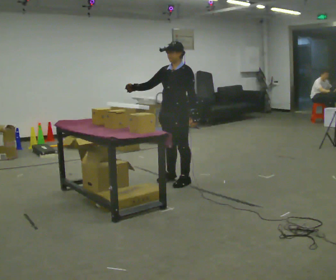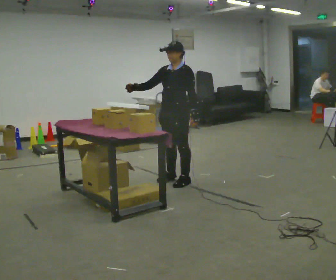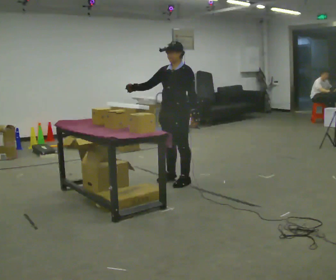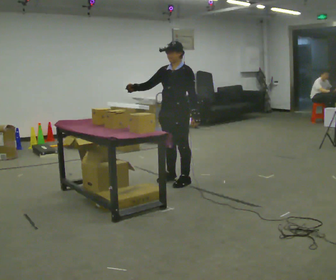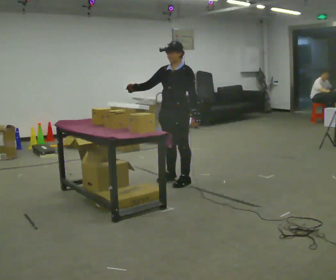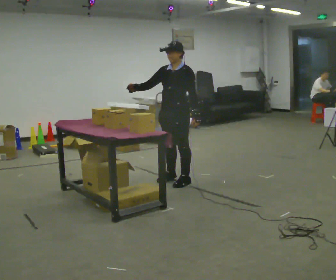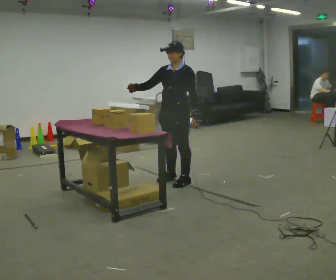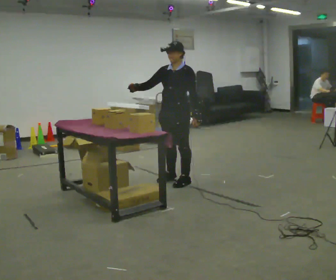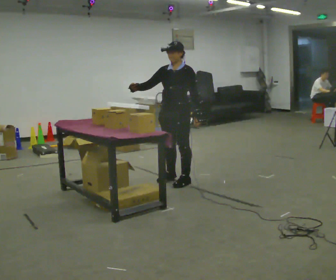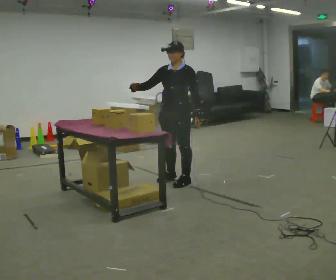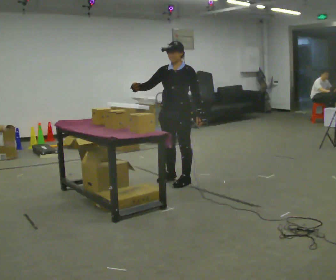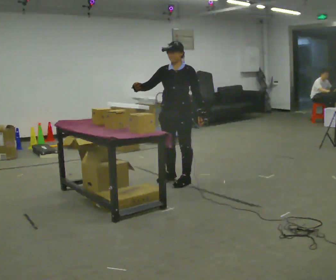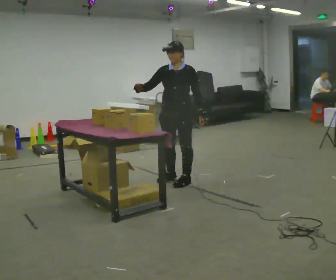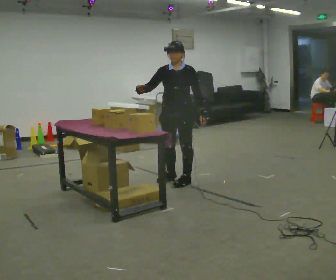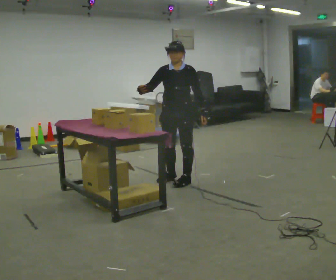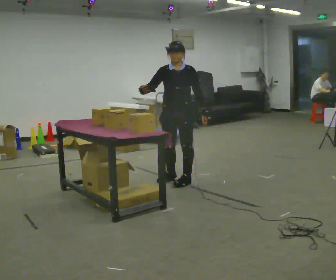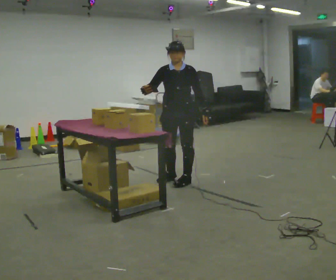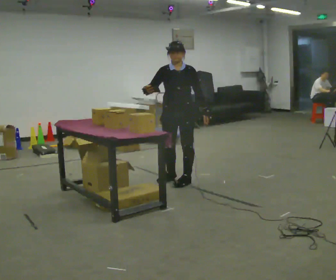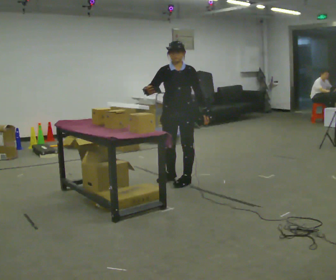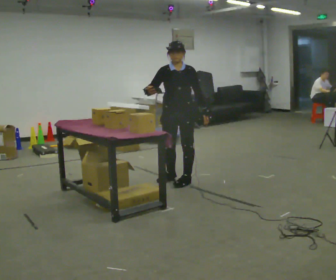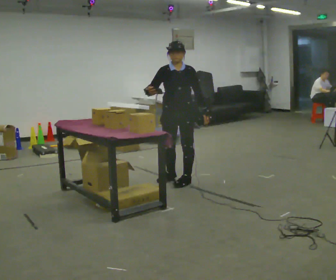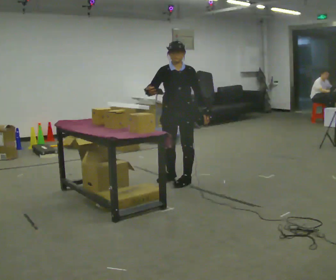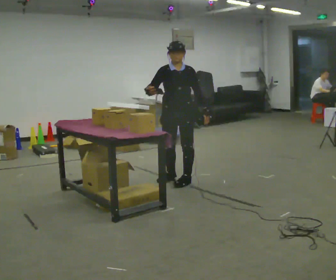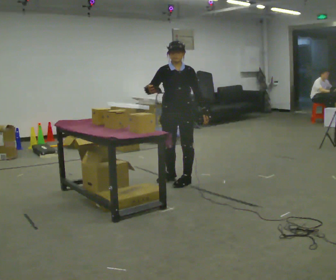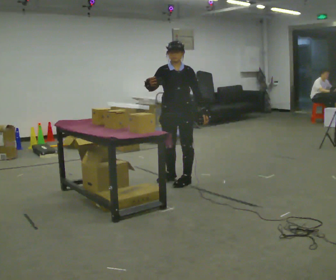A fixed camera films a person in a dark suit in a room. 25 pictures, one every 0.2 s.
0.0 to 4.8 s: Seen from above the body turns counterclockwise, about 45 degrees: to their left, with its near side sliding to the right.
The film runs backward here.
